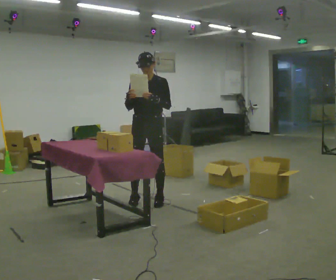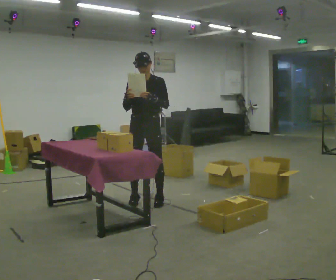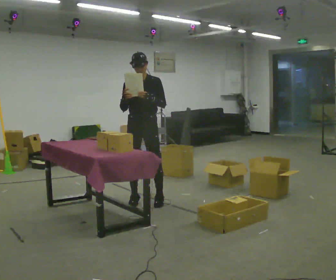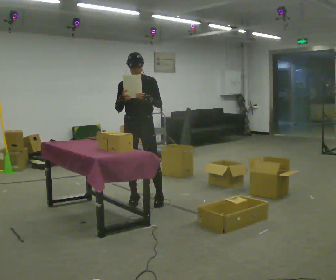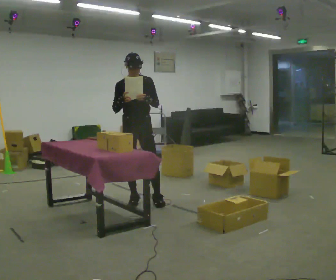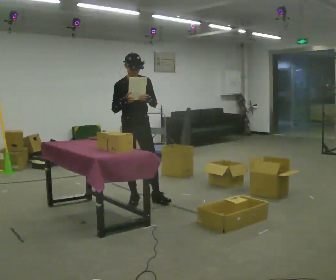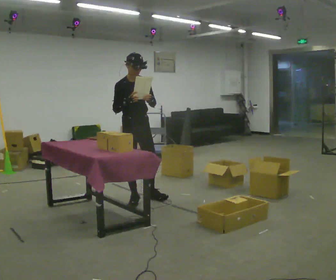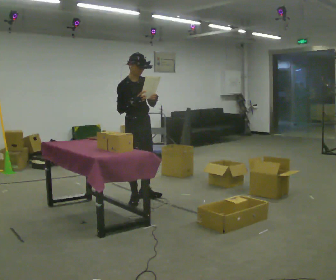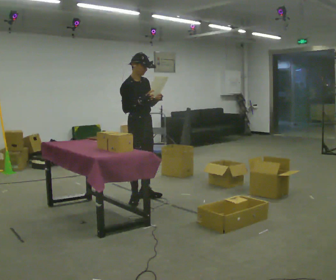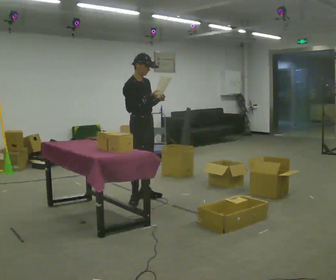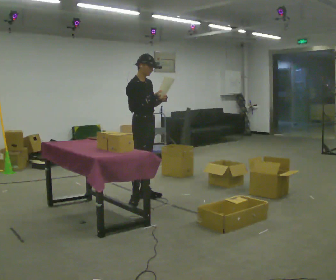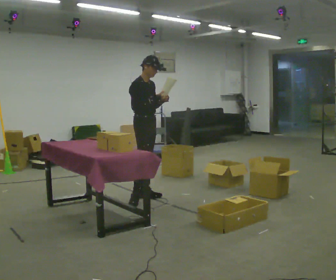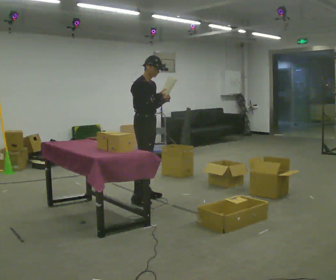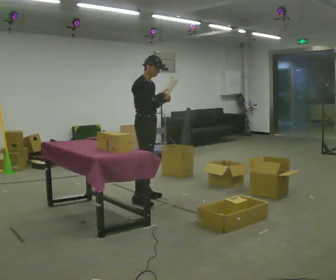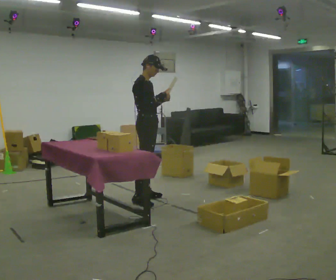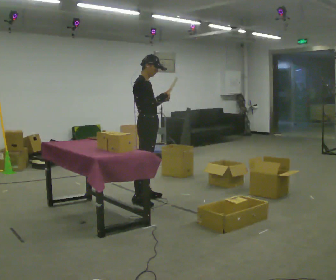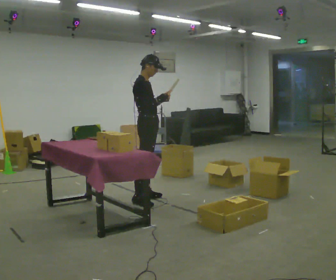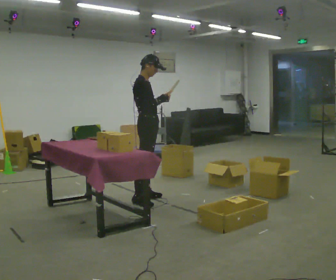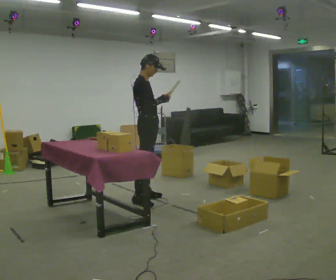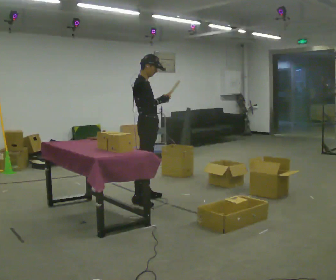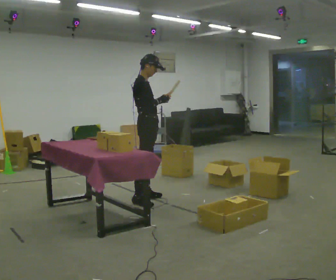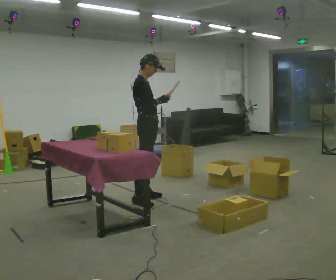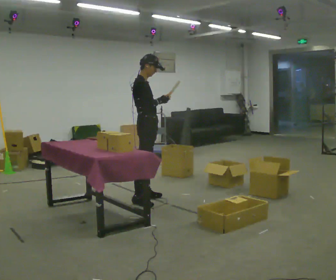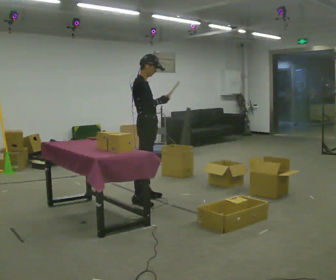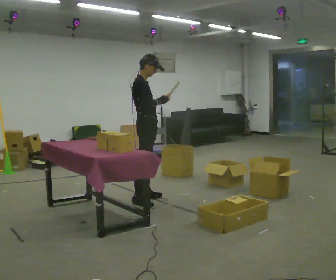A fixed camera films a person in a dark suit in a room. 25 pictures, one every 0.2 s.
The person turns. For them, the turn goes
to their left.
The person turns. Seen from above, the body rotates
counterclockwise.
0.0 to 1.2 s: The part of the body nearest the lens slides to the right as the person turns to their left by about 45 degrees.
1.2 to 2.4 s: The person turns about 30 degrees to their left, counterclockwise seen from above, so the part of the body nearest the lens slides to the right. In the picture their right hand goes to the right.
2.4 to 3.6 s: The person moves a little, or ends about where they began.
3.6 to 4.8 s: The person keeps their place and pose.
The film runs forward here.
